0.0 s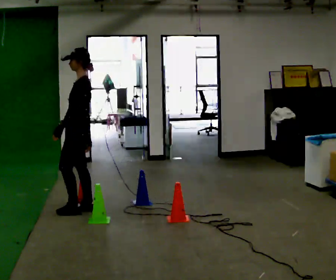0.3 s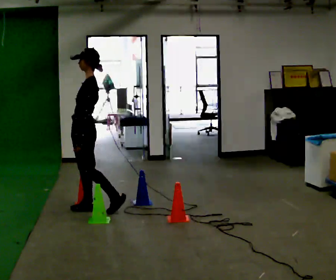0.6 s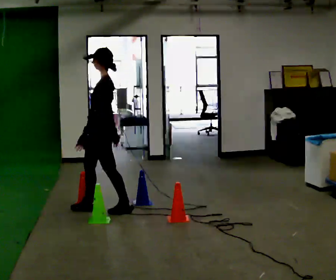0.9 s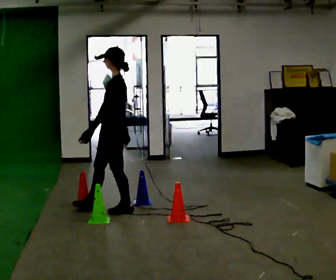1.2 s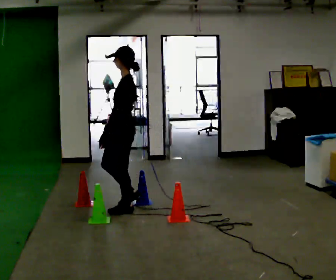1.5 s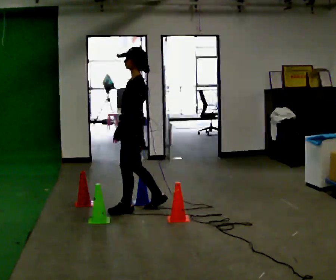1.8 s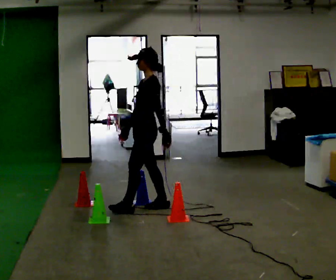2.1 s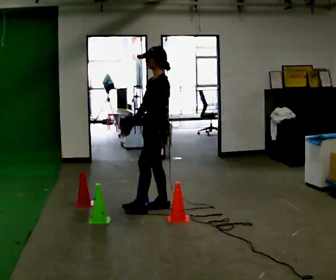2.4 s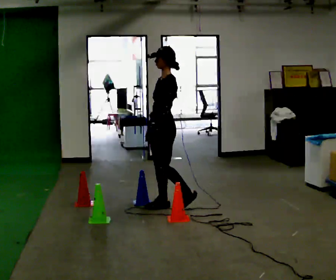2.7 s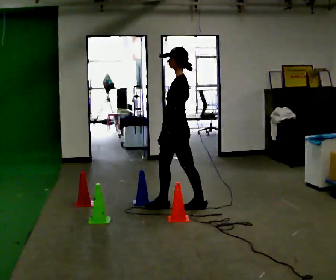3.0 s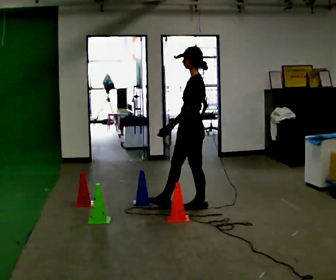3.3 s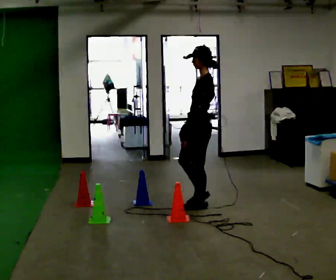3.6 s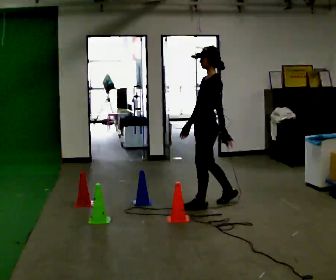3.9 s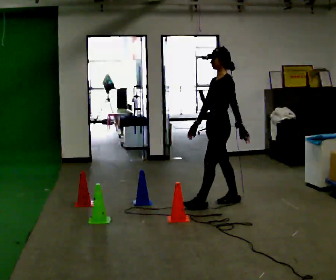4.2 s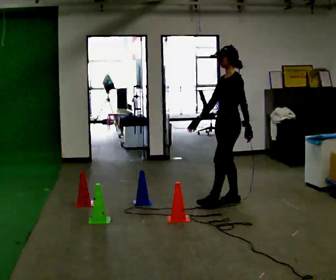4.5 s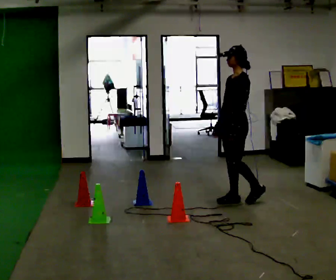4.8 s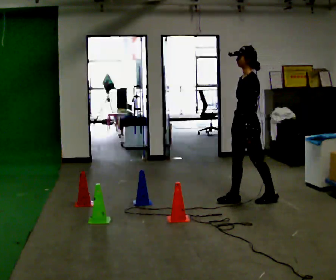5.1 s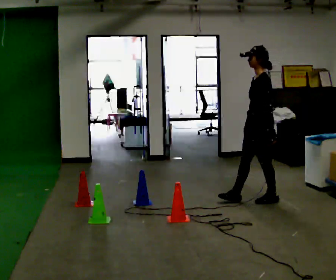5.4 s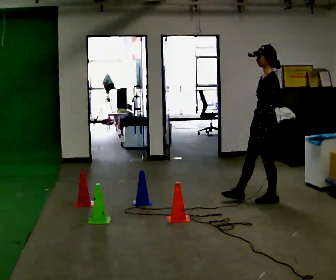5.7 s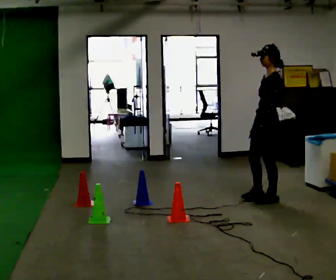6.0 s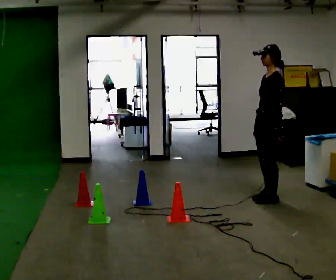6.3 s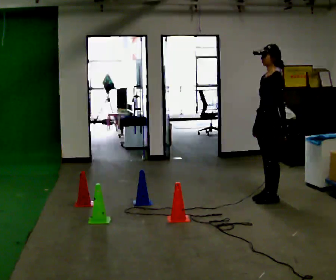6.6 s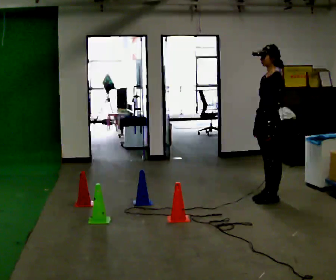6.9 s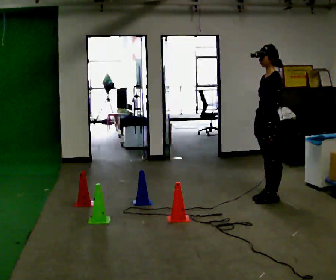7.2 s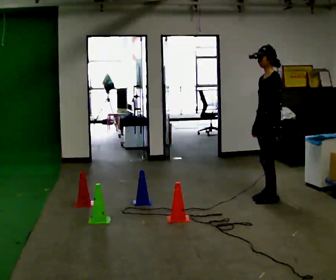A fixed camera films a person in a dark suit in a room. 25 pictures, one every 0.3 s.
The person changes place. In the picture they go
to the right.
0.0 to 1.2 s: In the picture they go to the right, about 0.5 m in 1 step, which for them is backward.
1.2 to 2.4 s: In the picture they go to the right and away from the camera, about 0.5 m in 1 step, which for them is backward.
2.4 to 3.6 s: In the picture they go to the right, about 0.5 m in 1 step, which for them is backward.
3.6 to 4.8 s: In the picture they go to the right, about 0.5 m in 1 step, which for them is backward.
4.8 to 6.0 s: In the picture they go to the right, about 0.25 m in 1 step, which for them is backward.
6.0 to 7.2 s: The person moves a little, or ends about where they began.
The film runs backward here.
